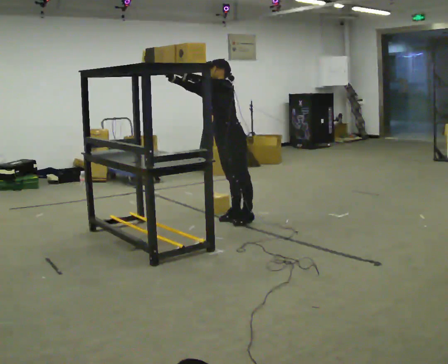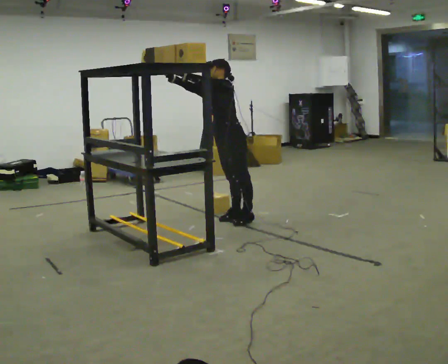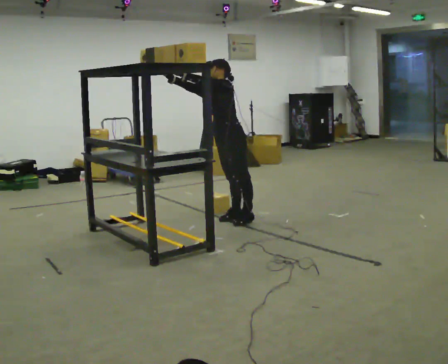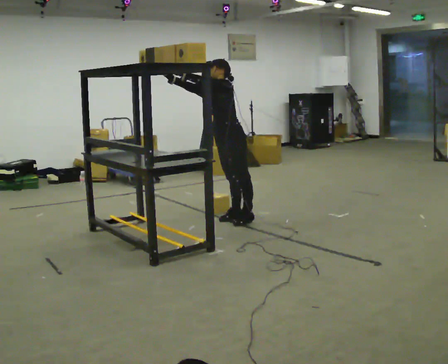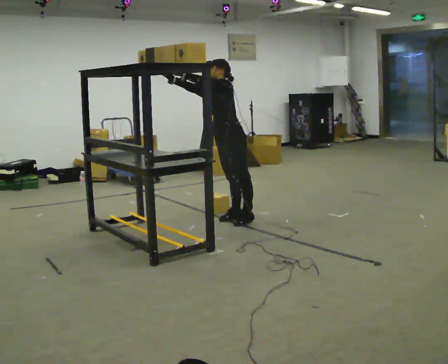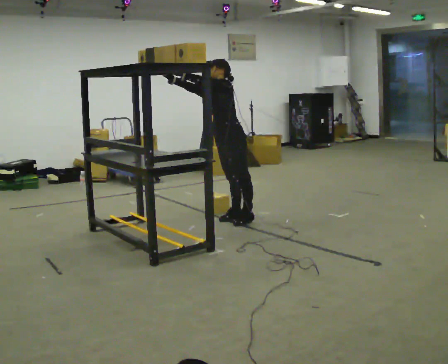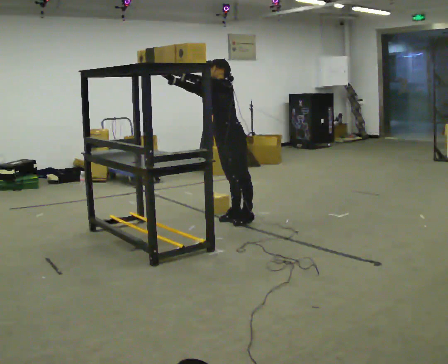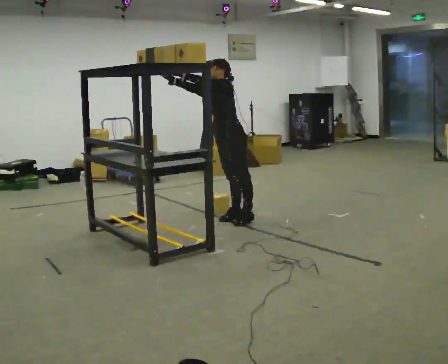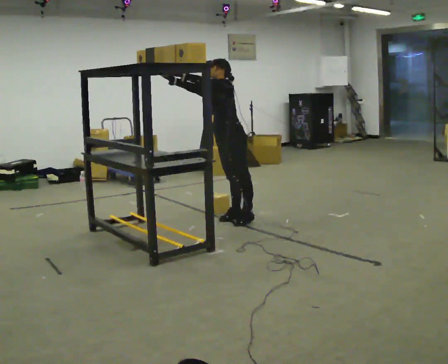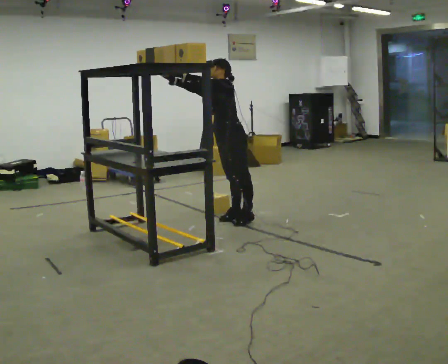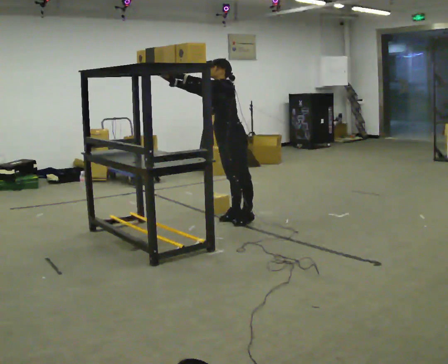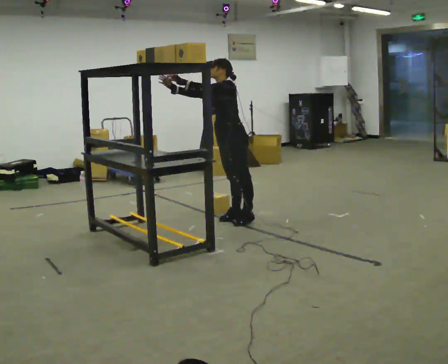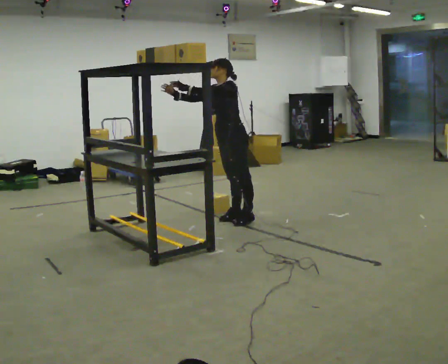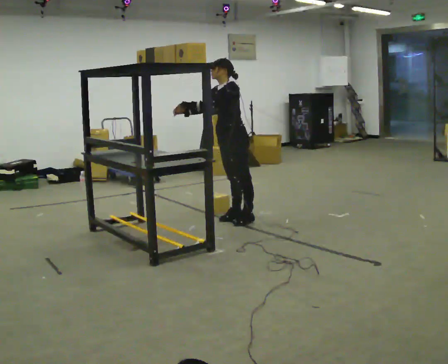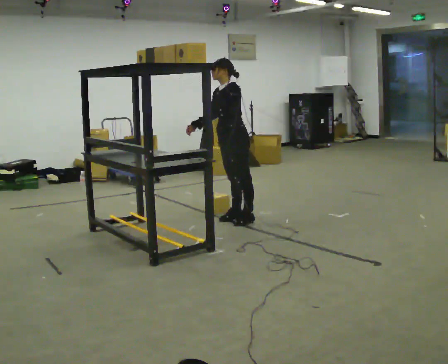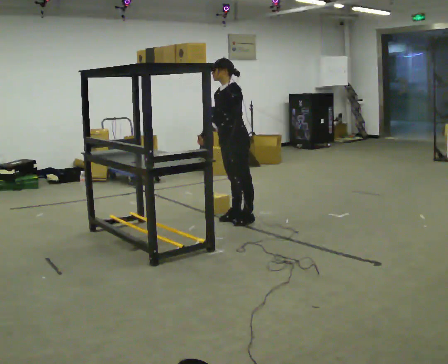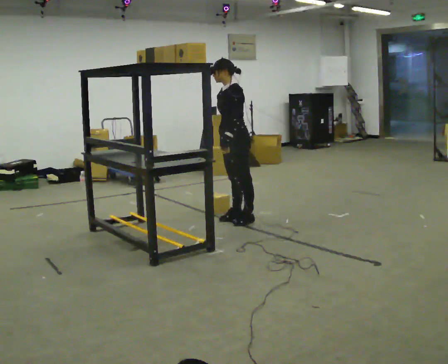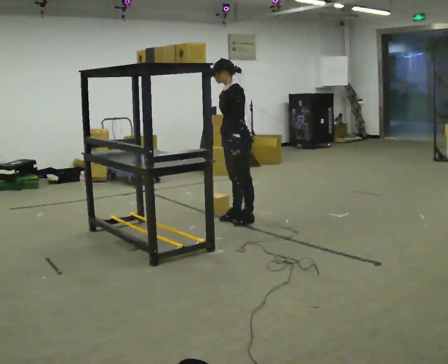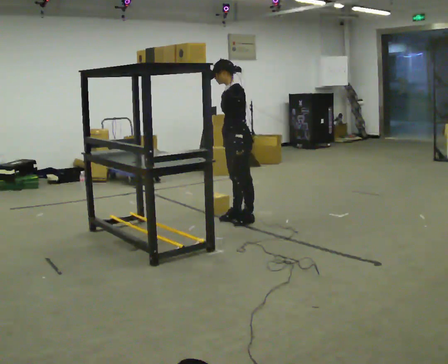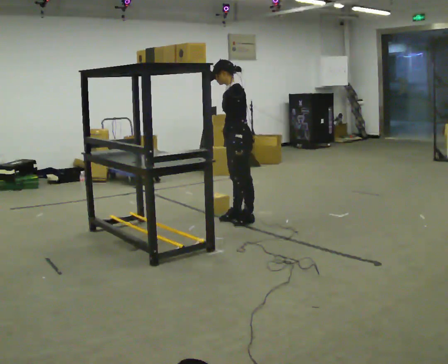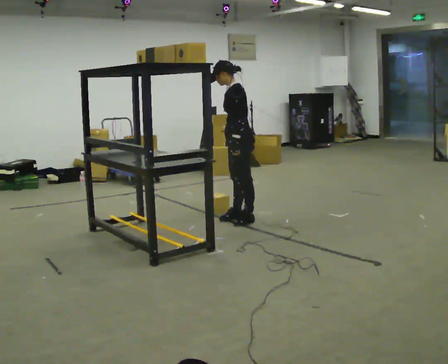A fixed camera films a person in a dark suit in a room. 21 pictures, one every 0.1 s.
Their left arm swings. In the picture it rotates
counterclockwise.
Their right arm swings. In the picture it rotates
counterclockwise.
0.0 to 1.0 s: The person moves a little, or ends about where they began.
1.0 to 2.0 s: In the picture their right hand goes to the right and downward, the arm swinging counterclockwise.
The film runs forward here.
